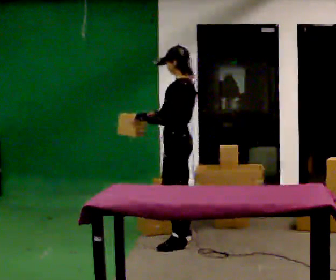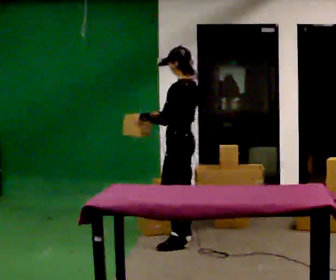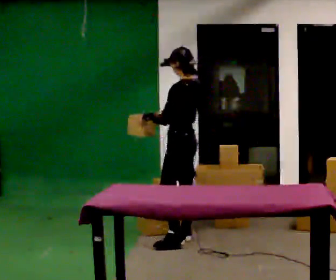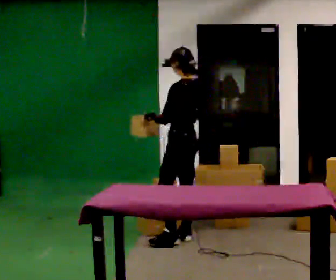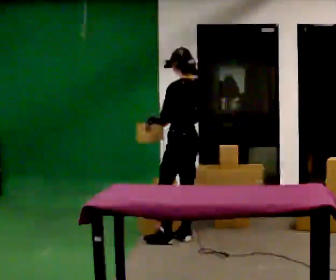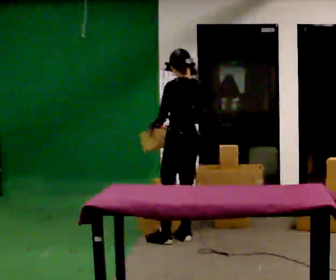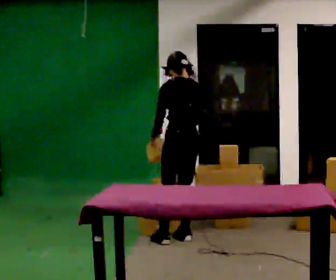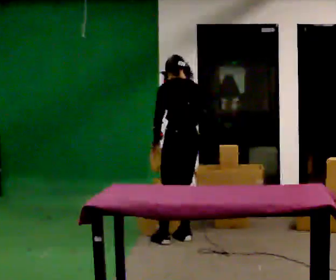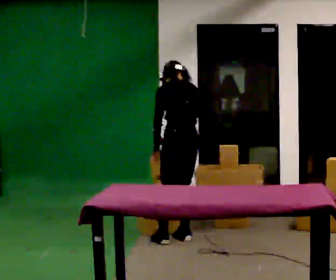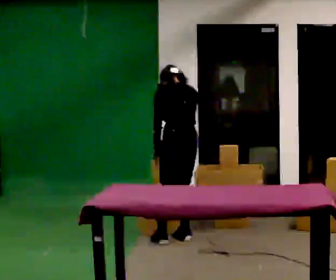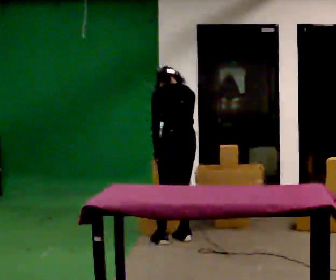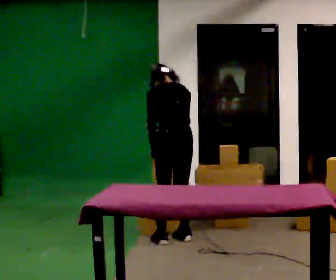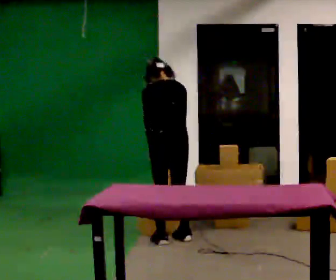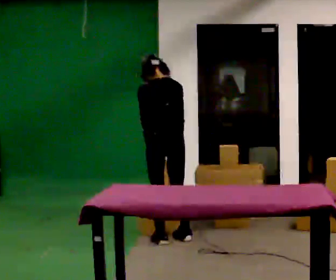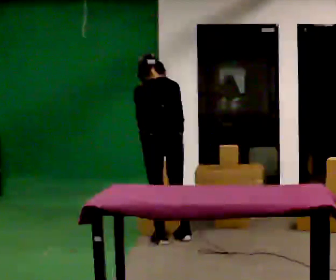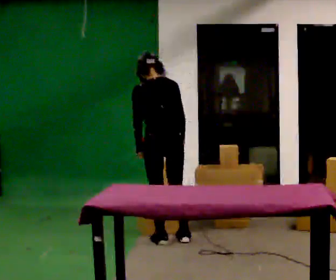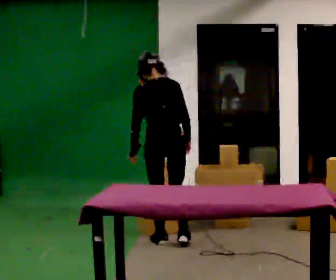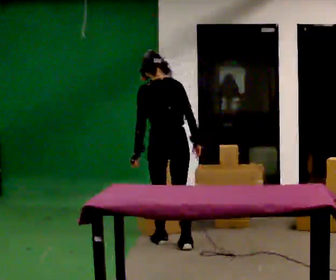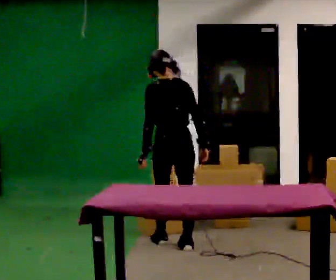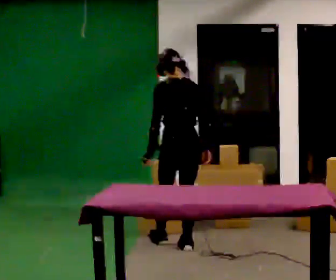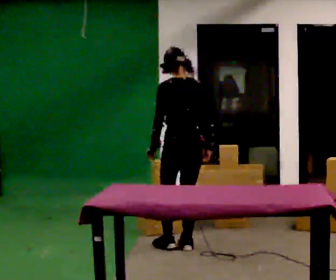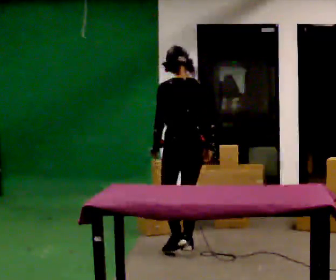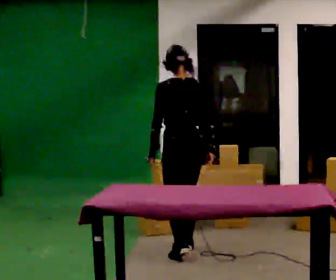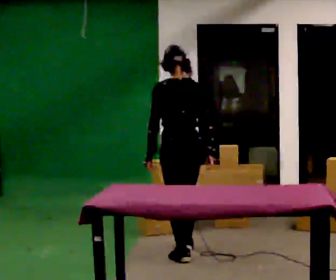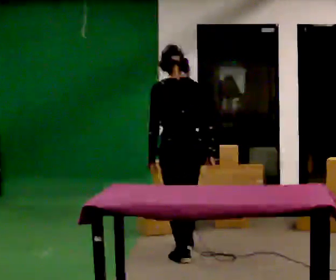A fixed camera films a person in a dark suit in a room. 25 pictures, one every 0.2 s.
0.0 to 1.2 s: The person turns about 45 degrees to their right, clockwise seen from above, so the part of the body nearest the lens slides to the left.
1.2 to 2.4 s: The person moves a little, or ends about where they began.
2.4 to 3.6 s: The upper body tips toward the camera, its near side rolling downward, as they lean back or straighten.
3.6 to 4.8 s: In the picture they go toward the camera, about 0.25 m in 1 step, which for them is backward.
The film runs backward here.
